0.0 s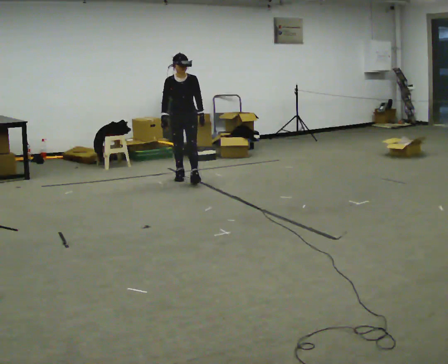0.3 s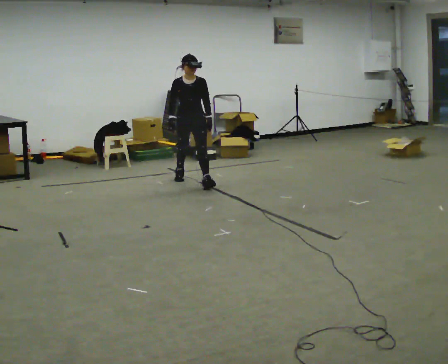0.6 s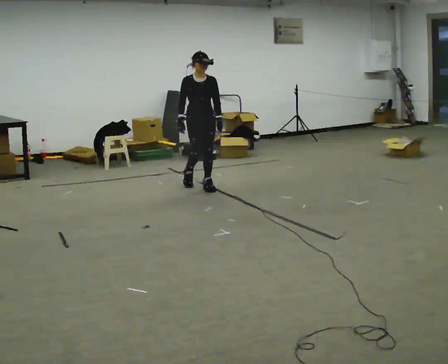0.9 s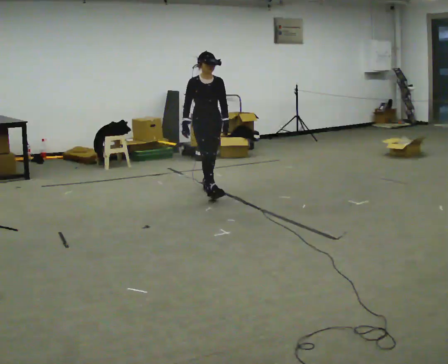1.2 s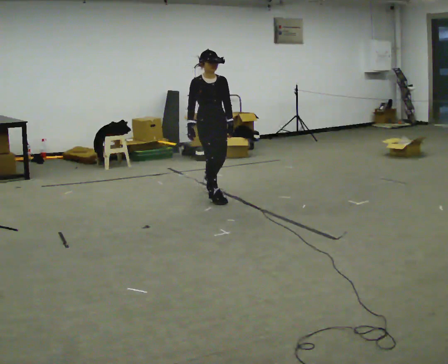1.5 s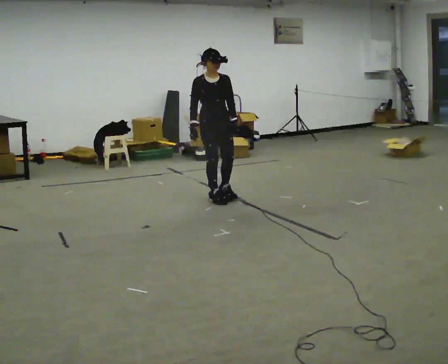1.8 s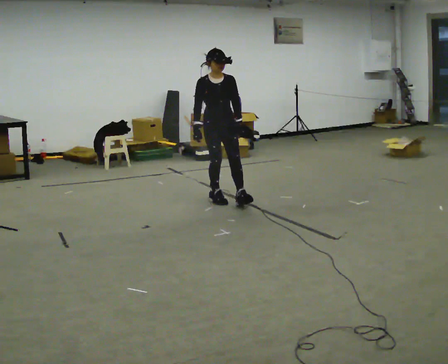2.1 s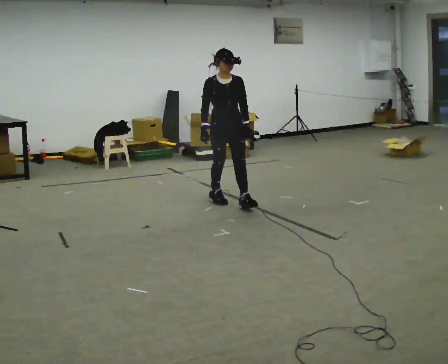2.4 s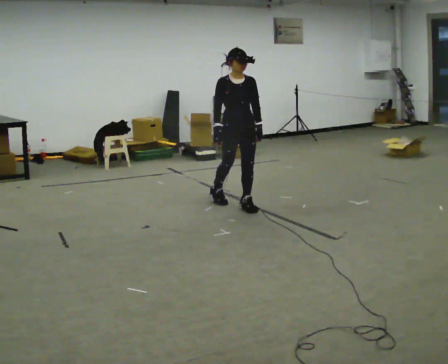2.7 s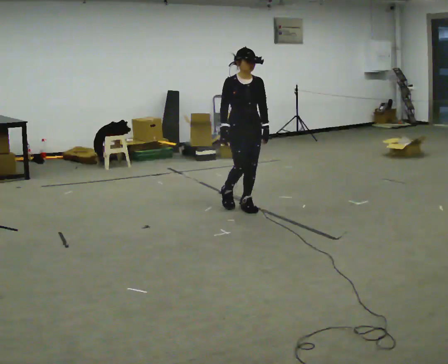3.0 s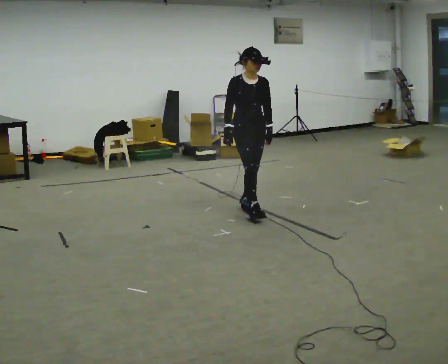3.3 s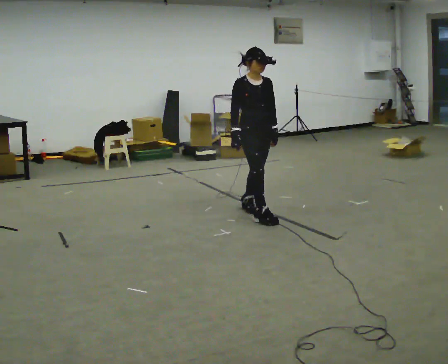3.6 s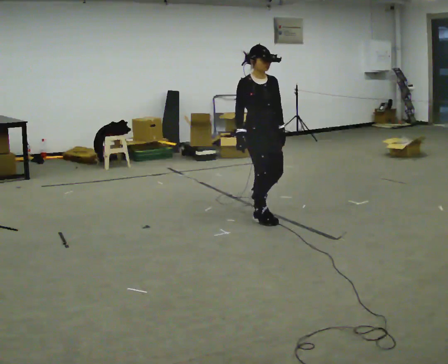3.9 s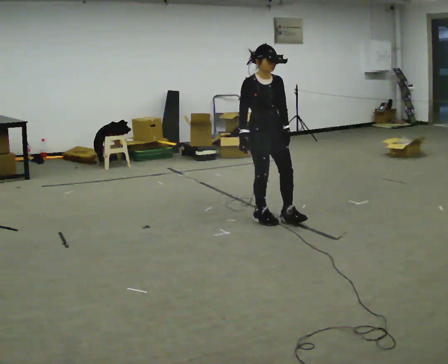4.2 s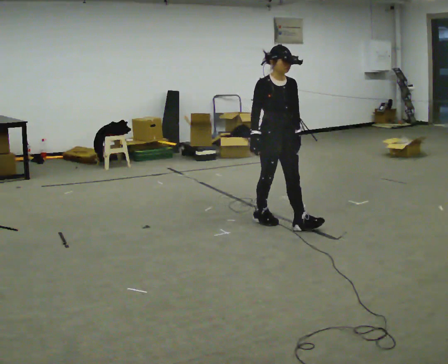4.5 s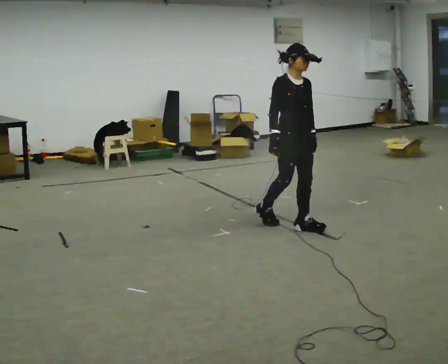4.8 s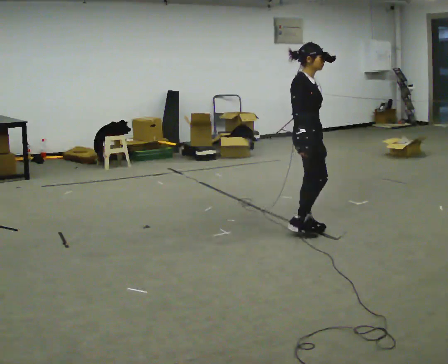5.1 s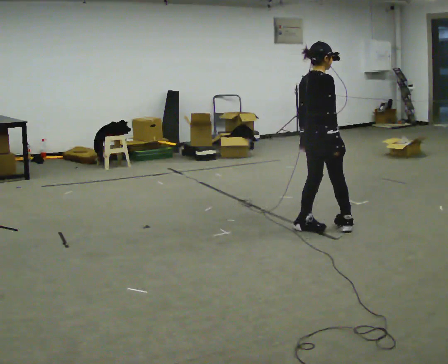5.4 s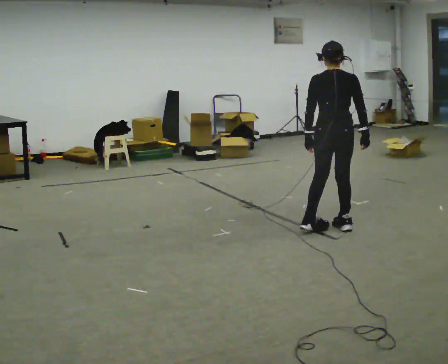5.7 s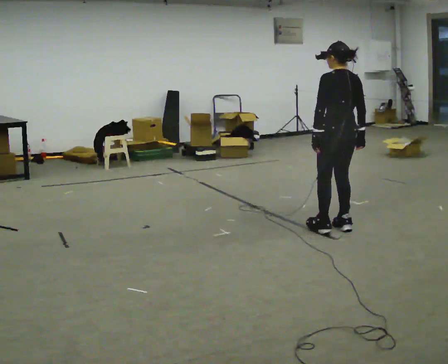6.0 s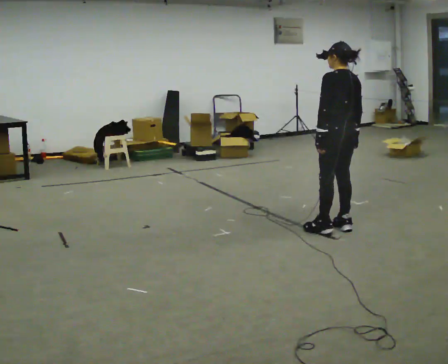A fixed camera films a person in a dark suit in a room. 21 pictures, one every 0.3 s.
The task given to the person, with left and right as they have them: Start at normal speed; gradually slow over several steps; stop gently.
0.0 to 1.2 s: In the picture they go toward the camera and to the right, about 1 m in 2 steps, which for them is forward.
1.2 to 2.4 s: In the picture they go toward the camera and to the right, about 0.5 m in 1 step, which for them is forward and to their left.
2.4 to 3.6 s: In the picture they go toward the camera and to the right, about 0.5 m in 1 step, which for them is forward.
3.6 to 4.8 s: The person turns about 45 degrees to their left, counterclockwise seen from above, so the part of the body nearest the lens slides to the right. In the picture they go to the right and toward the camera, about 0.5 m in 1 step, which for them is forward.
4.8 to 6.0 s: Seen from above the body turns counterclockwise, about 135 degrees: to their left, with its near side sliding to the right. In the picture they go to the right, about 0.25 m in 2 steps.
The film runs forward here.
